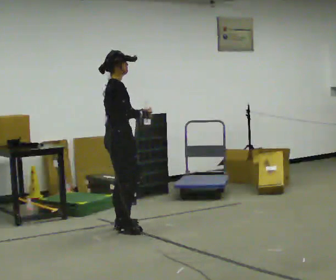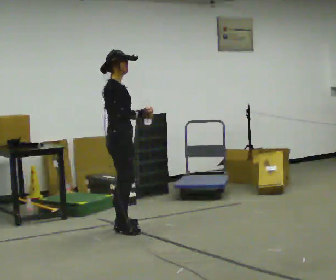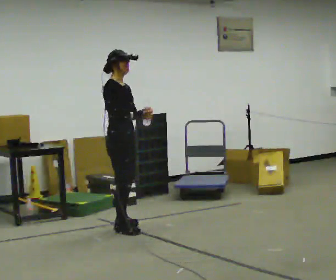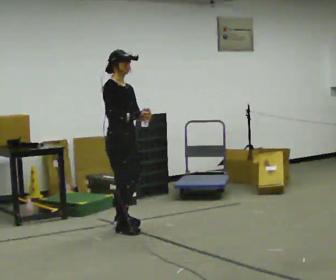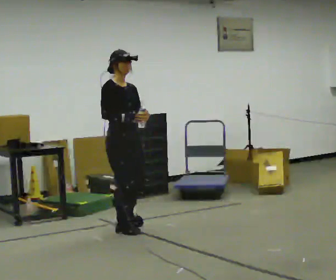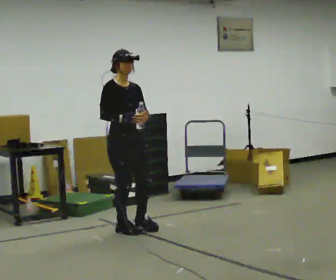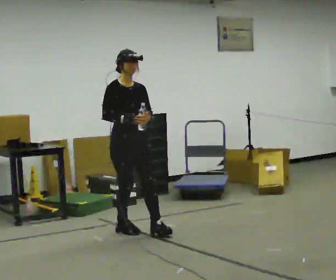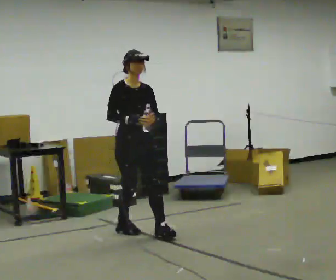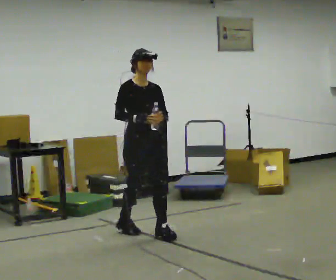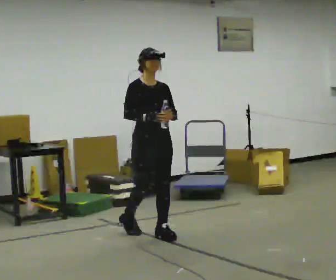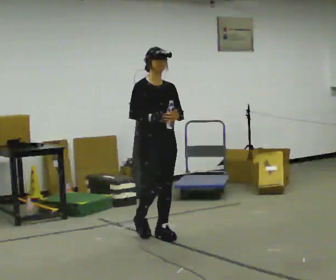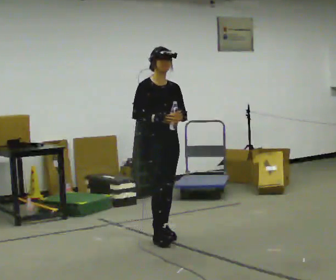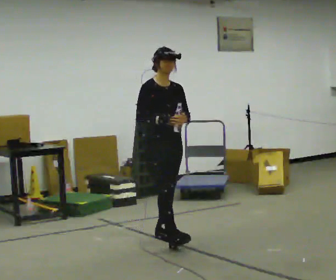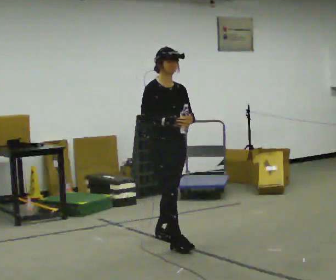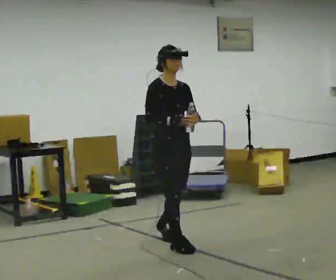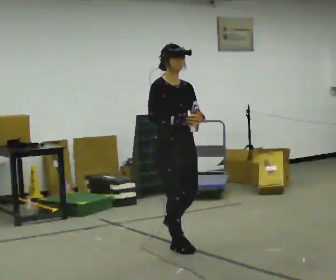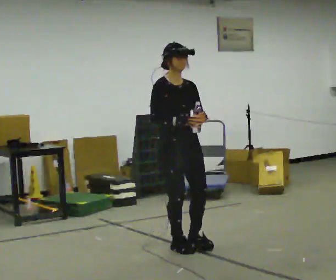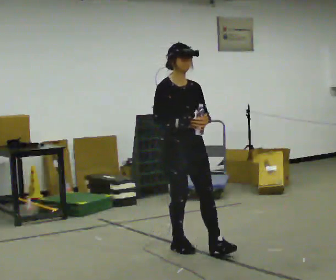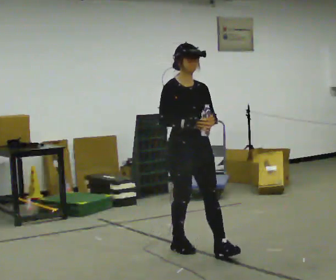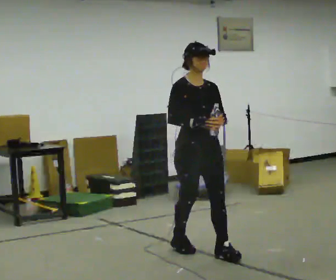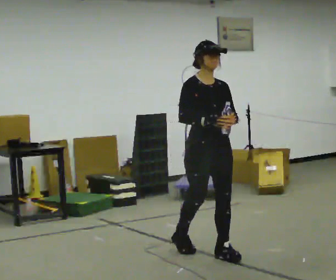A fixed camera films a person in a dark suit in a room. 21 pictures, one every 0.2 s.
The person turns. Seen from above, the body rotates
clockwise.
The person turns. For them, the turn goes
to their right.
0.0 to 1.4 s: The person turns about 60 degrees to their right, clockwise seen from above, so the part of the body nearest the lens slides to the left. In the picture they go toward the camera and to the right, about 0.25 m in 1 step.
1.4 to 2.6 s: In the picture they go toward the camera and to the right, about 0.5 m in 1 step, which for them is forward.
2.6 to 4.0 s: In the picture they go toward the camera and to the right, about 0.5 m in 1 step, which for them is forward.
The film runs forward here.
